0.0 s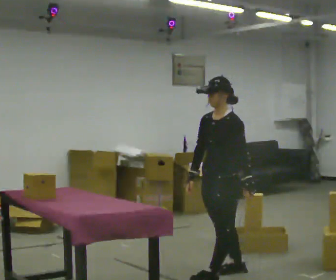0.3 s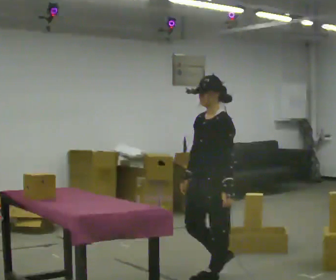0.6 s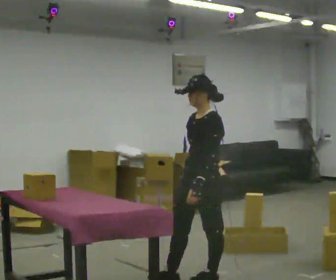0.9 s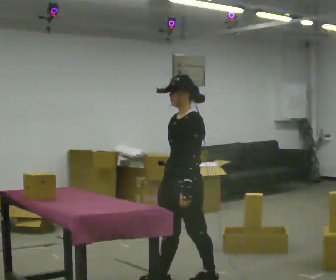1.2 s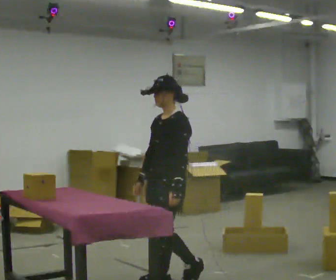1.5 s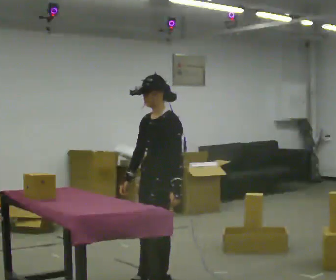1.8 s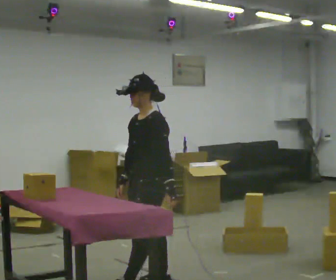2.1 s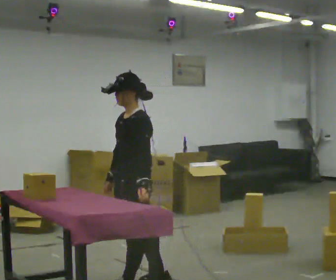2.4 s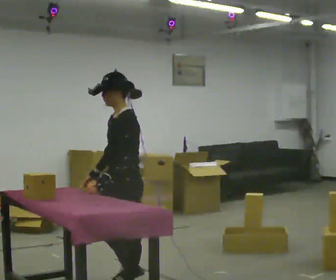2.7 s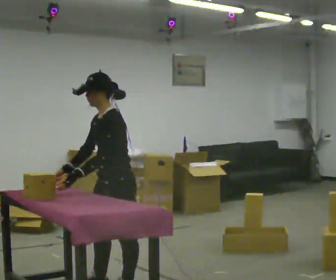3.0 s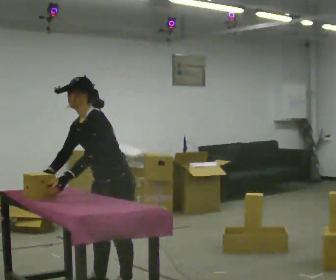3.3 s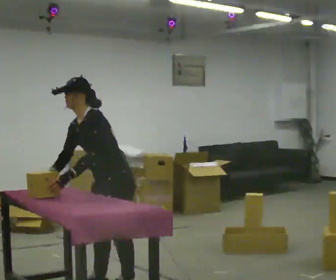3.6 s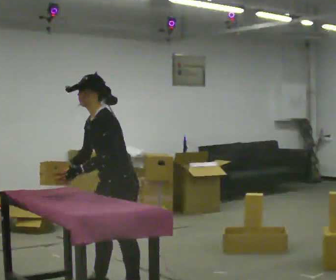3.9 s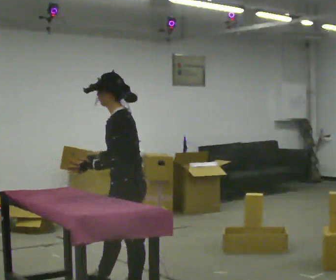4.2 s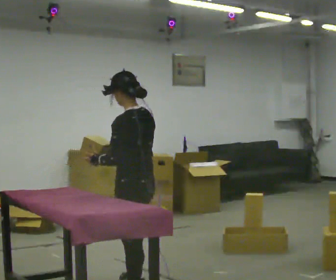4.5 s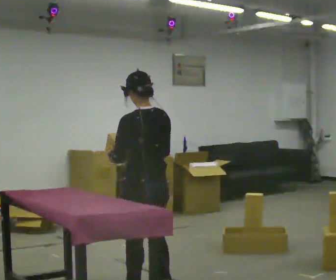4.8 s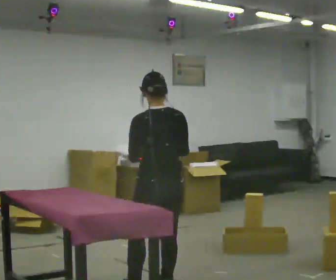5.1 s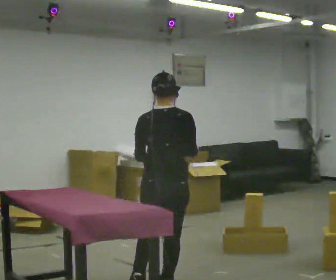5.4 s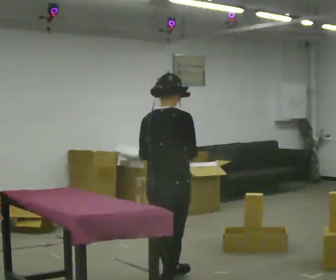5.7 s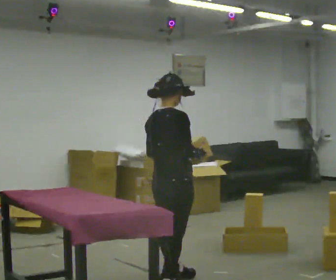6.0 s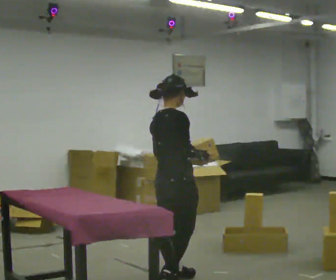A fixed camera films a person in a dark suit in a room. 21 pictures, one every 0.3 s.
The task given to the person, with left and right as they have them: 1. Take the objects out of the box on the table one at a time. 2. Put each one in the bin the operator has labelled for it. 3. Tell the operator when you are finished.
0.0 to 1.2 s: In the picture they go to the left, about 0.5 m in 1 step, which for them is forward.
1.2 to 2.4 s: In the picture they go to the left and toward the camera, about 0.25 m in 1 step, which for them is forward.
2.4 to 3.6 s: The person moves a little, or ends about where they began.
3.6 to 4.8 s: The person turns about 90 degrees to their right, clockwise seen from above, so the part of the body nearest the lens slides to the left. In the picture they go to the right, about 0.25 m in 1 step. In the picture the upper body tilts clockwise, shoulders to the right, as they lean back or straighten.
4.8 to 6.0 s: Seen from above the body turns clockwise, about 75 degrees: to their right, with its near side sliding to the left. In the picture they go away from the camera, about 0.25 m in 1 step.
The film runs forward here.
